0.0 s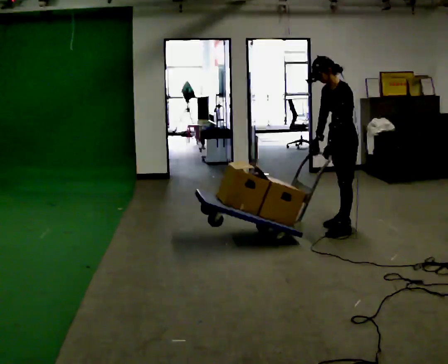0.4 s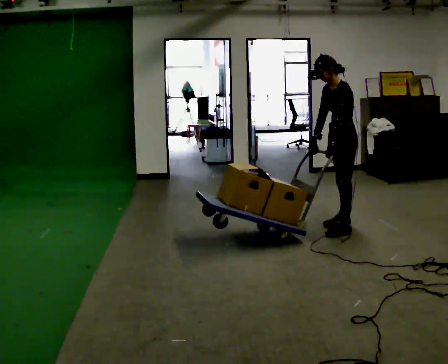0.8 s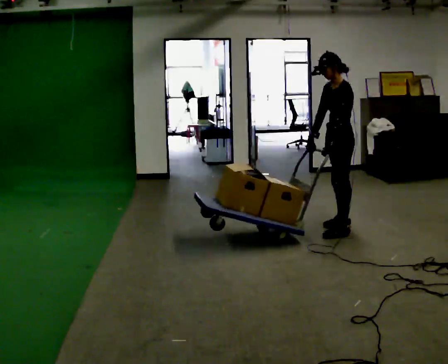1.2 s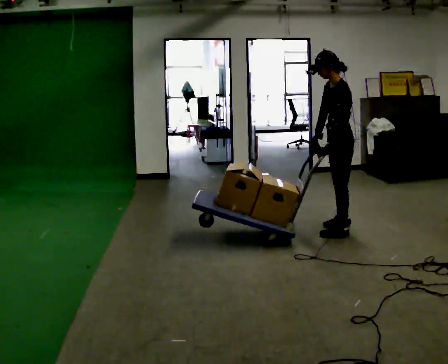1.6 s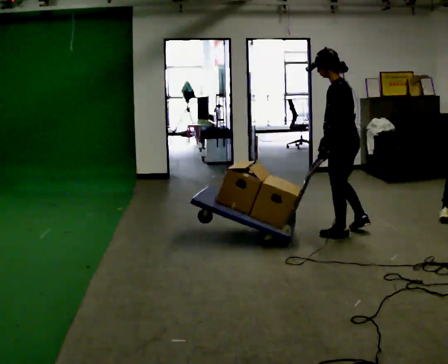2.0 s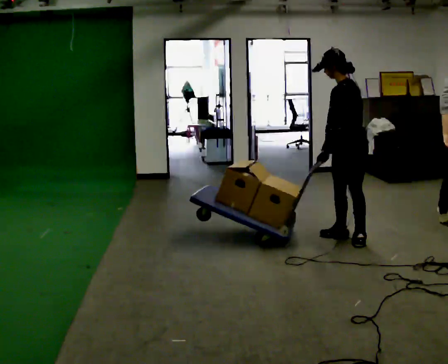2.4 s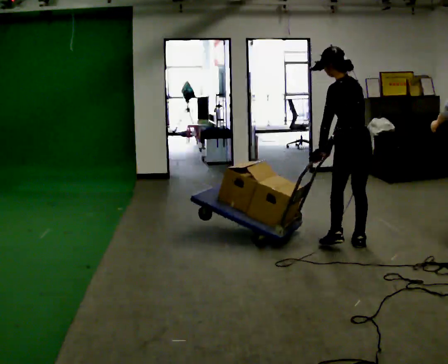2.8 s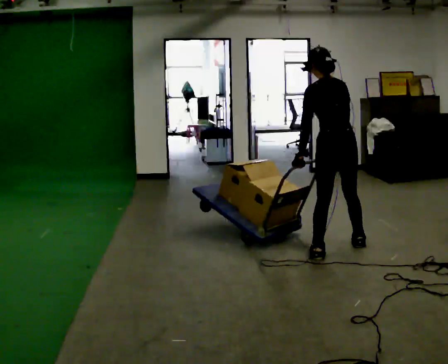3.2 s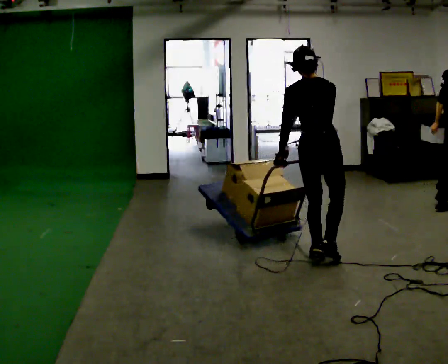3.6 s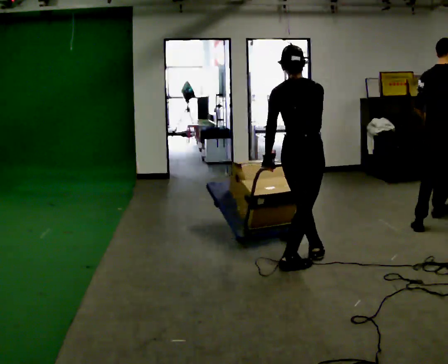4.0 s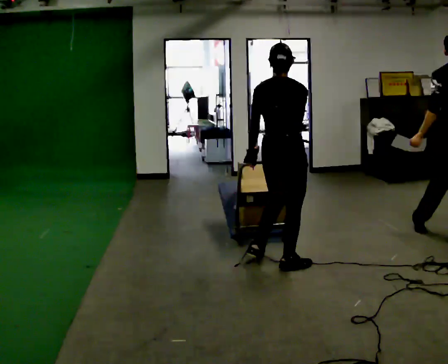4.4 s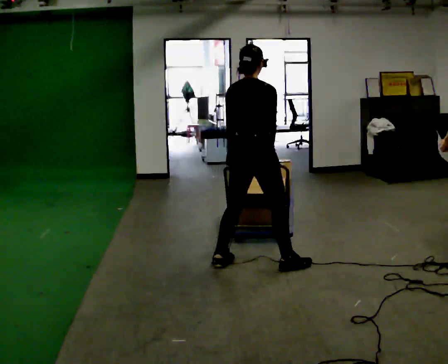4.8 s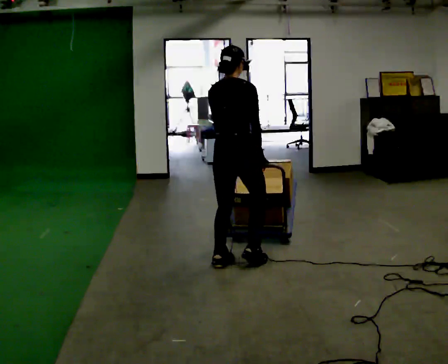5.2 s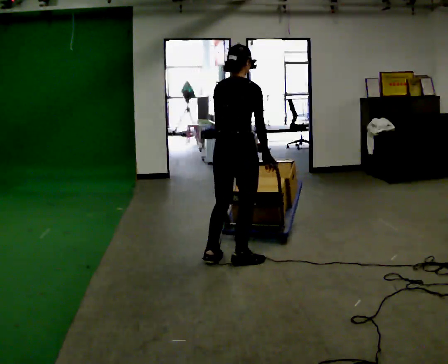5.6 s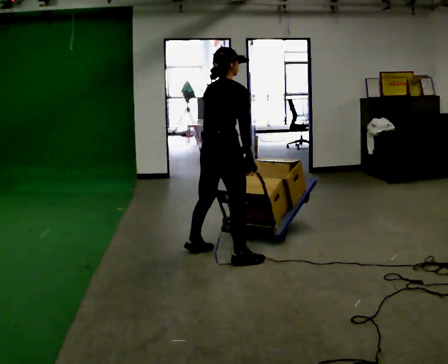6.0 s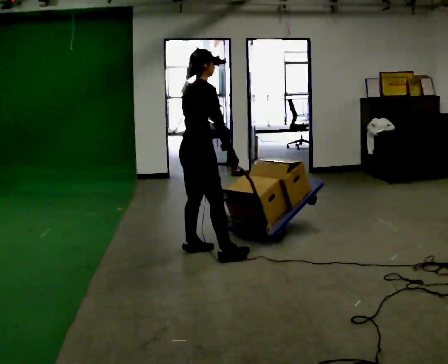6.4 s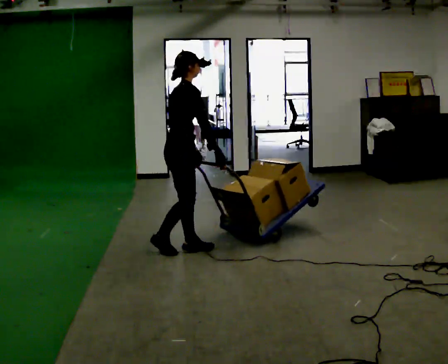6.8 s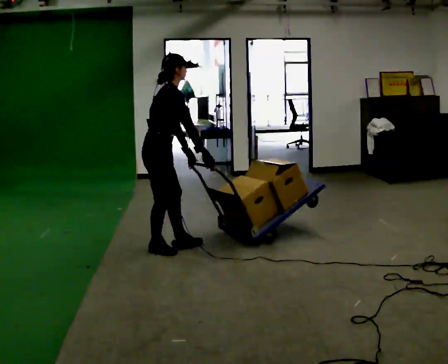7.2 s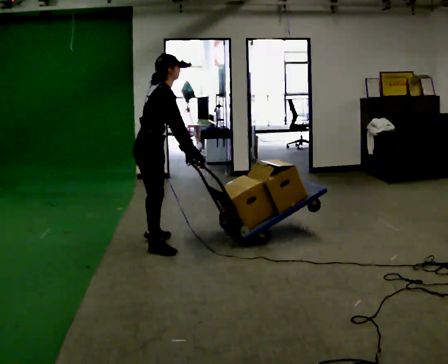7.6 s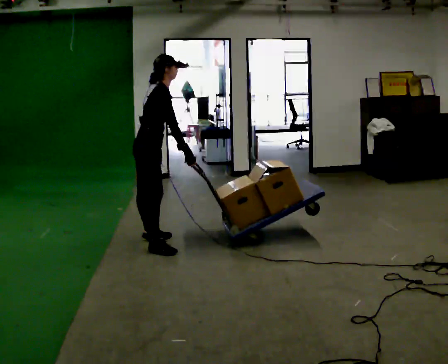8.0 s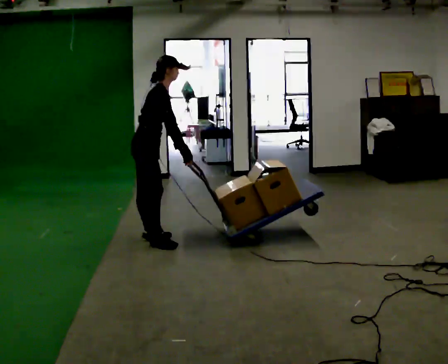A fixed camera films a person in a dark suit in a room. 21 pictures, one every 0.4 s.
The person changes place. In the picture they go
to the left.
The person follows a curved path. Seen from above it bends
clockwise.
0.0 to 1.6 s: The person turns about 45 degrees to their right, clockwise seen from above, so the part of the body nearest the lens slides to the left. In the picture they go toward the camera, about 0.25 m in 1 step, which for them is to their left.
1.6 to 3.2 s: The part of the body nearest the lens slides to the left as the person turns to their right by about 75 degrees. In the picture they go toward the camera and to the left, about 0.5 m in 2 steps.
3.2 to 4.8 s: In the picture they go to the left, about 0.5 m in 2 steps, which for them is to their left and backward.
4.8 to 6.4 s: Seen from above the body turns clockwise, about 45 degrees: to their right, with its near side sliding to the left. In the picture they go to the left and away from the camera, about 0.5 m in 2 steps, which for them is to their left.
6.4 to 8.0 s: In the picture they go to the left and away from the camera, about 0.5 m in 1 step, which for them is to their left and backward. In the picture the upper body tilts clockwise, shoulders to the right.
The film runs backward here.
